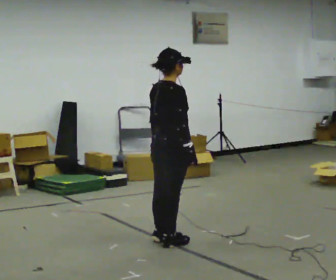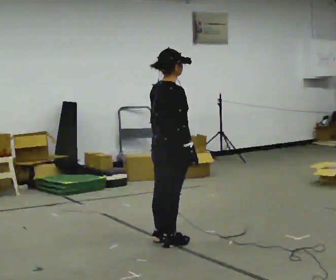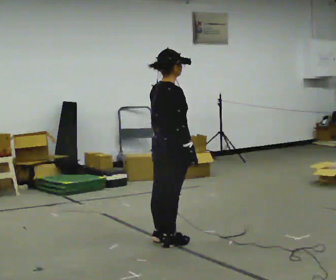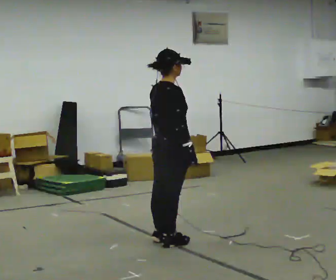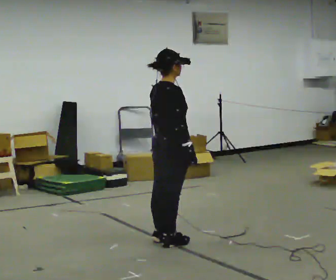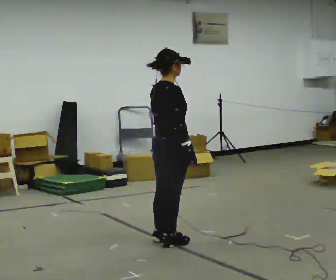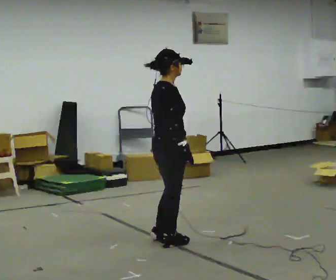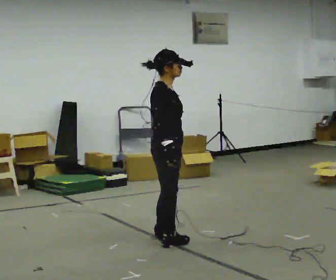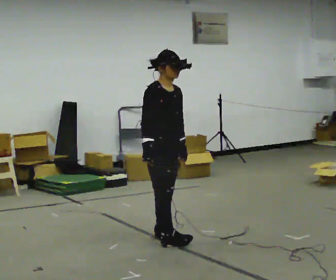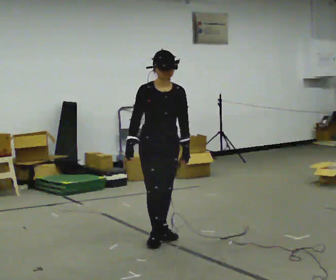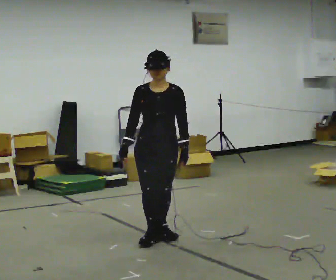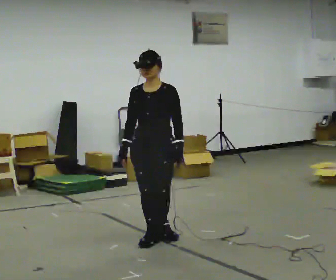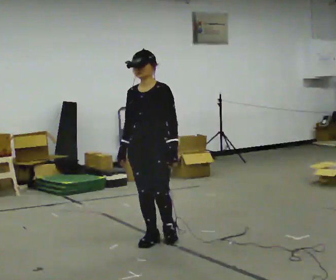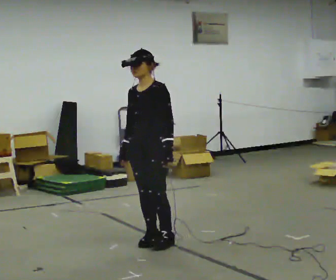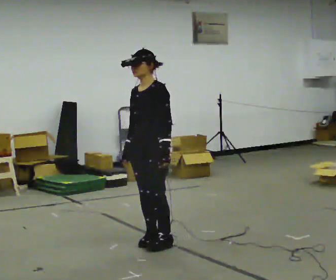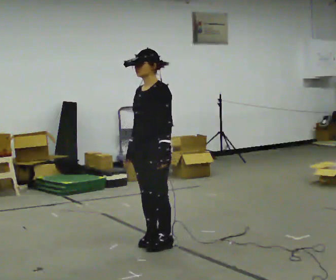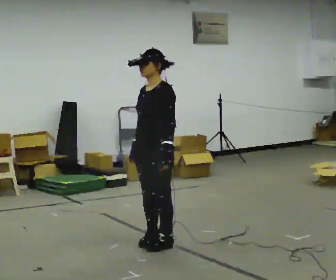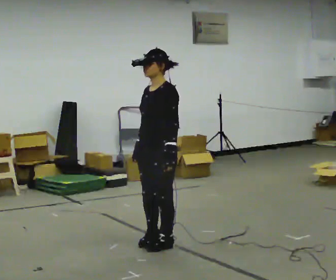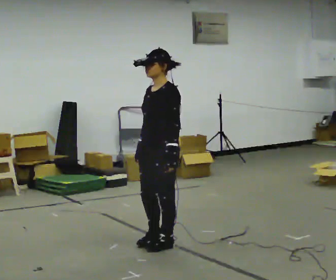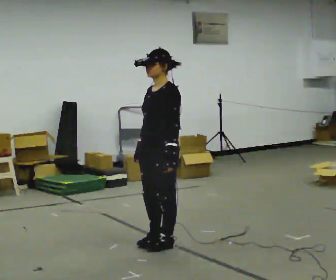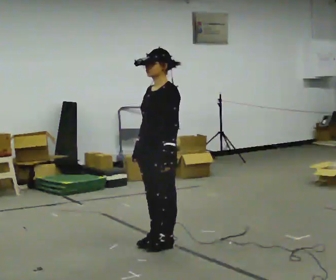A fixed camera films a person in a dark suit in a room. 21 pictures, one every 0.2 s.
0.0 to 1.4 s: Seen from above the body turns clockwise, about 45 degrees: to their right, with its near side sliding to the left.
1.4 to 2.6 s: The part of the body nearest the lens slides to the left as the person turns to their right by about 120 degrees. In the picture their right hand goes to the left.
2.6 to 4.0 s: The person moves a little, or ends about where they began.
The film runs forward here.
